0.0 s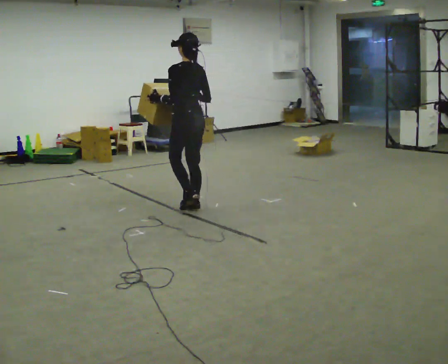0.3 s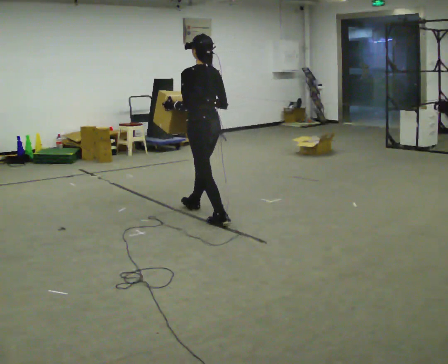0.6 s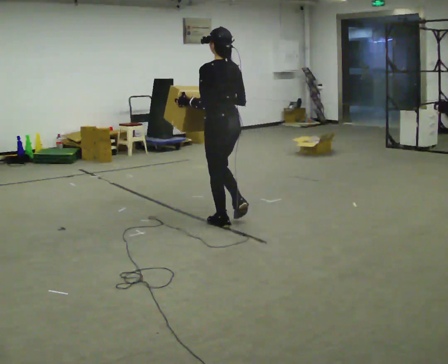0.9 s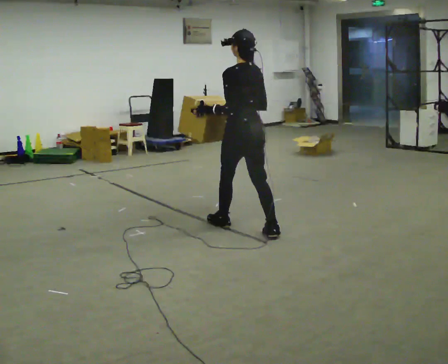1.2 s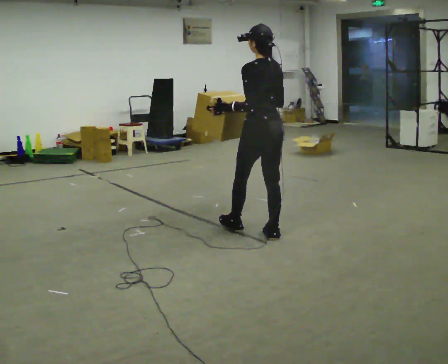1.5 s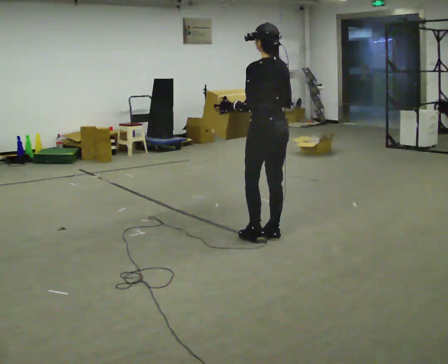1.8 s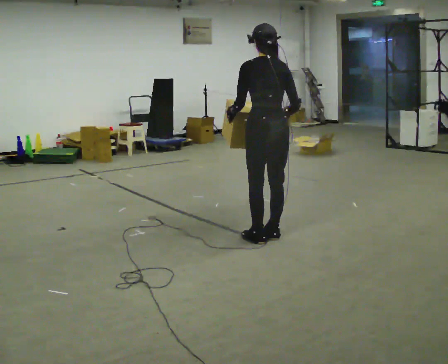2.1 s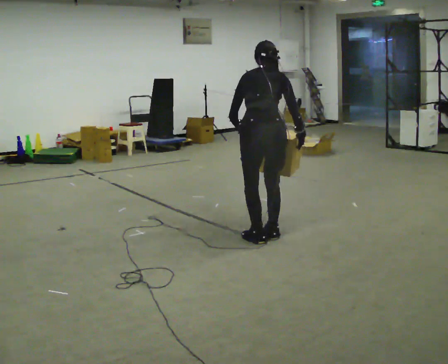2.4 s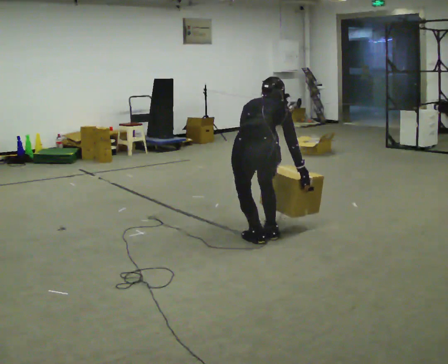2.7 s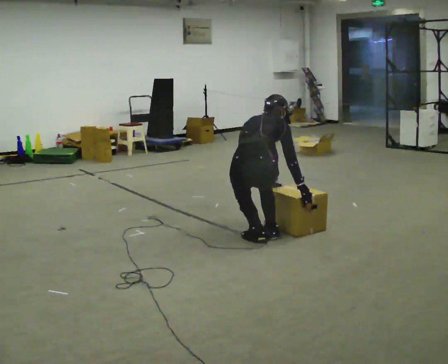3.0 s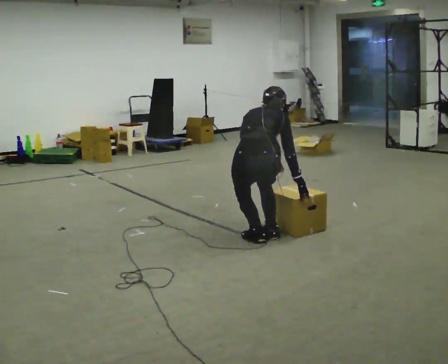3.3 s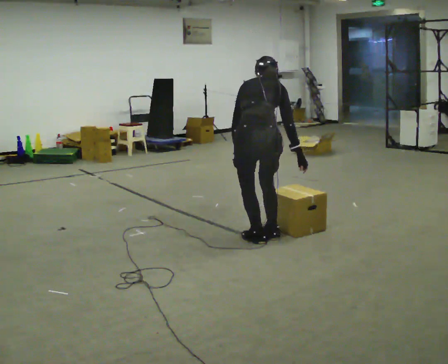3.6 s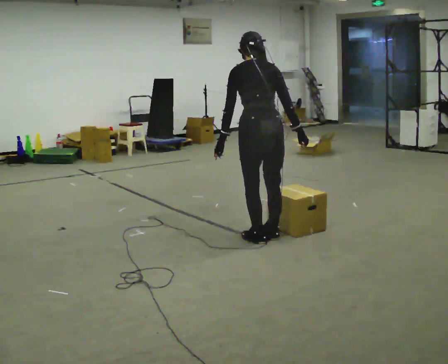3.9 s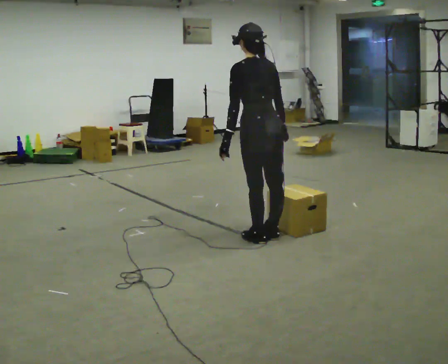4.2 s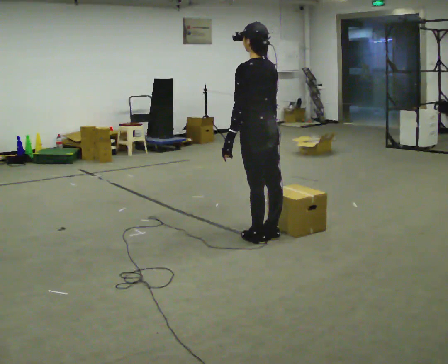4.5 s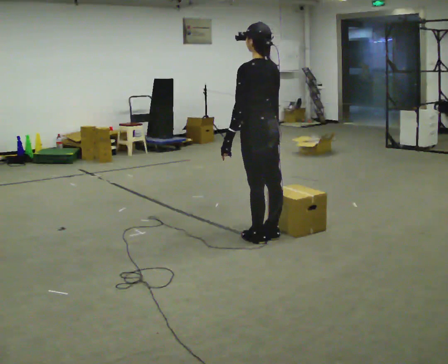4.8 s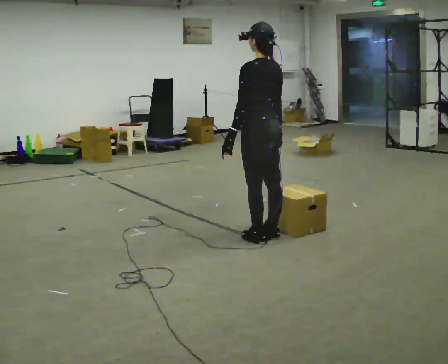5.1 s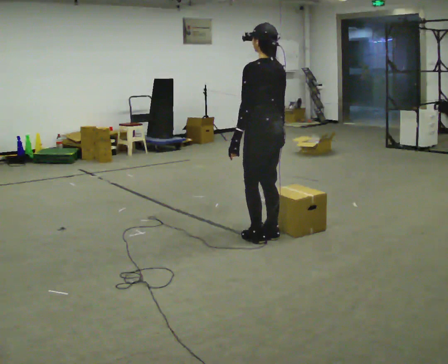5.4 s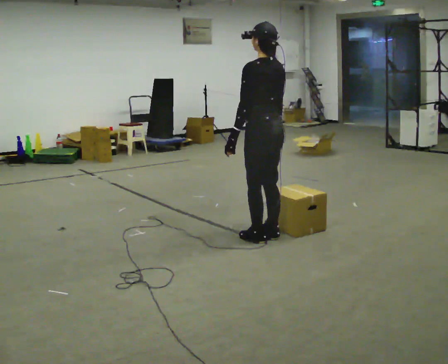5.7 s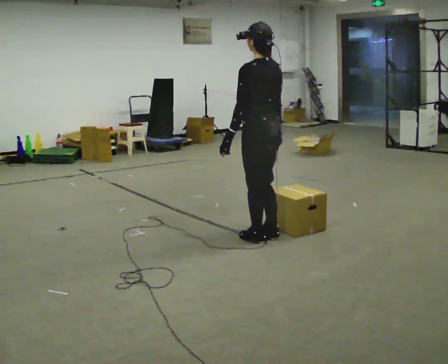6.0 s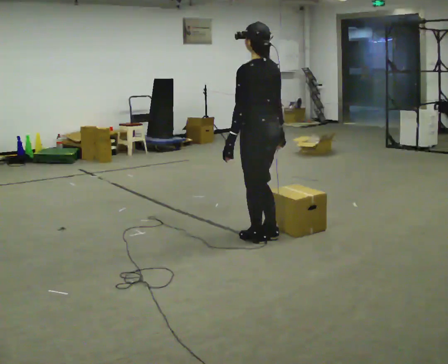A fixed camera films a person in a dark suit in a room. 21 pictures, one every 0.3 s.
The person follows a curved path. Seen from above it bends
clockwise.
0.0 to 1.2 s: In the picture they go to the right and toward the camera, about 1 m in 2 steps, which for them is backward.
1.2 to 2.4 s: The person turns about 60 degrees to their right, clockwise seen from above, so the part of the body nearest the lens slides to the left. In the picture they go toward the camera, about 0.25 m. The upper body goes downward. The upper body tips away from the camera, its near side rolling upward, as they bend forward. In the picture their right hand goes downward and to the right.
2.4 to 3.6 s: The part of the body nearest the lens slides to the right as the person turns to their left by about 30 degrees. The upper body tips toward the camera, its near side rolling downward, as they lean back or straighten.
3.6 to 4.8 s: The part of the body nearest the lens slides to the right as the person turns to their left by about 45 degrees. The upper body tips toward the camera, its near side rolling downward, as they lean back or straighten.
4.8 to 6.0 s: The person moves a little, or ends about where they began.
The film runs backward here.
